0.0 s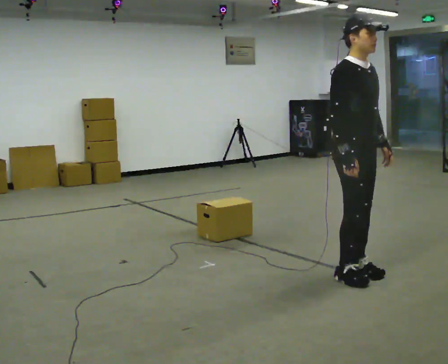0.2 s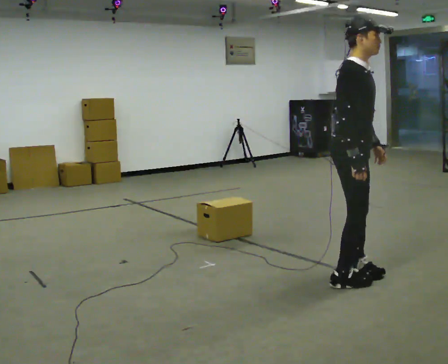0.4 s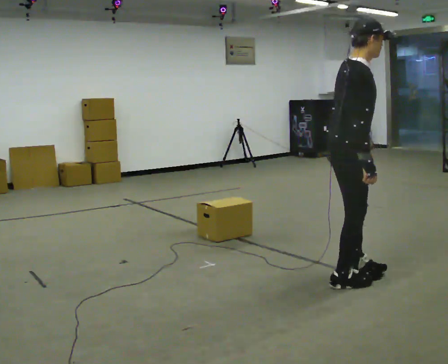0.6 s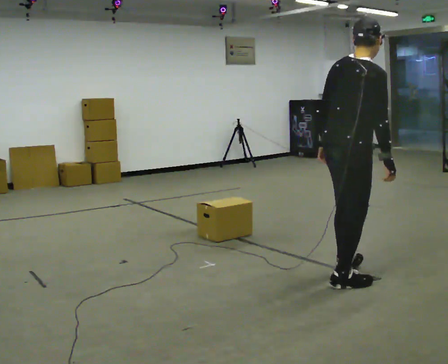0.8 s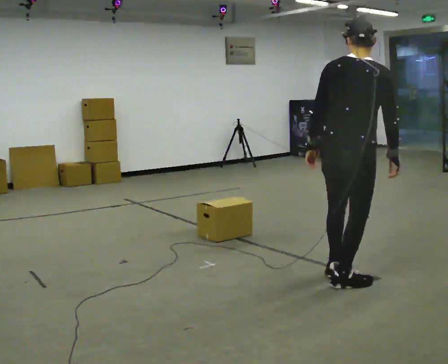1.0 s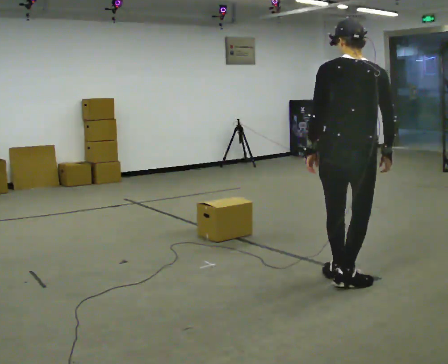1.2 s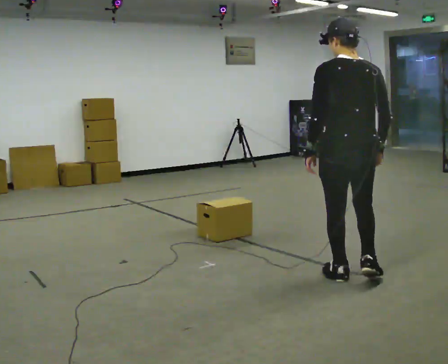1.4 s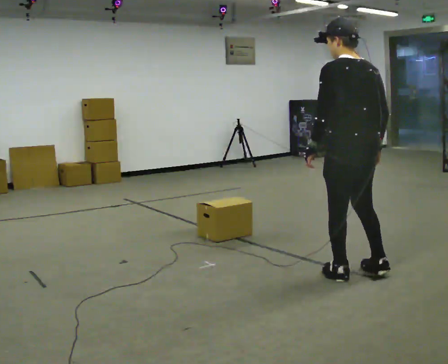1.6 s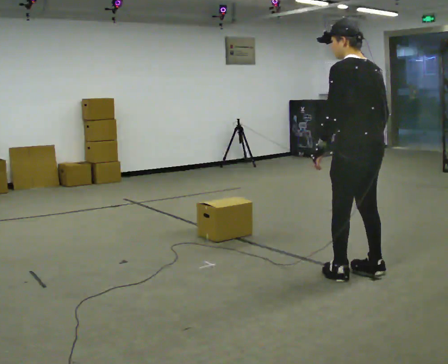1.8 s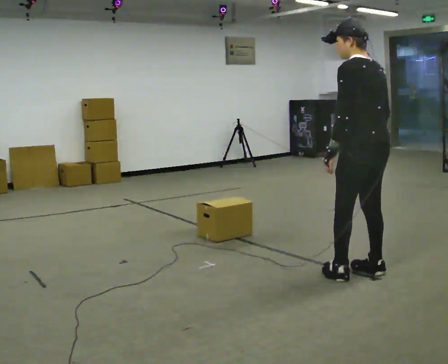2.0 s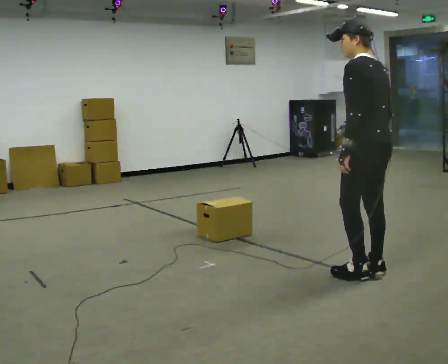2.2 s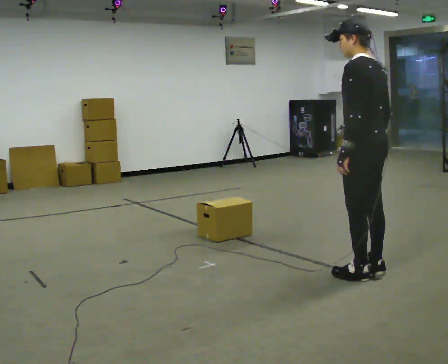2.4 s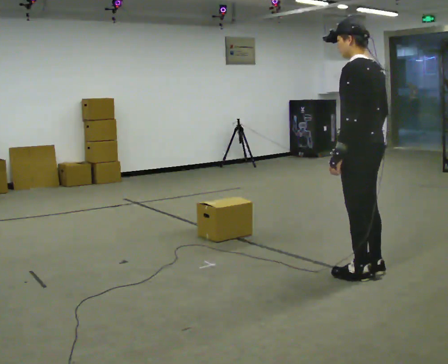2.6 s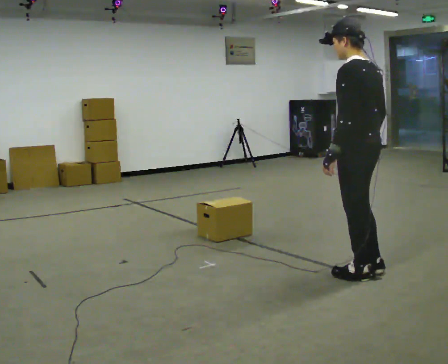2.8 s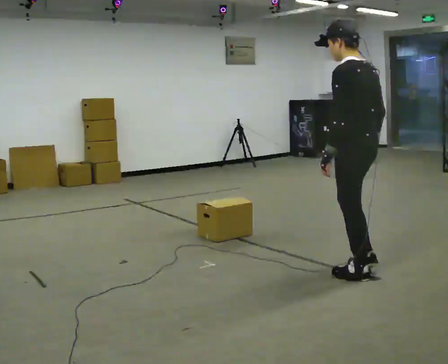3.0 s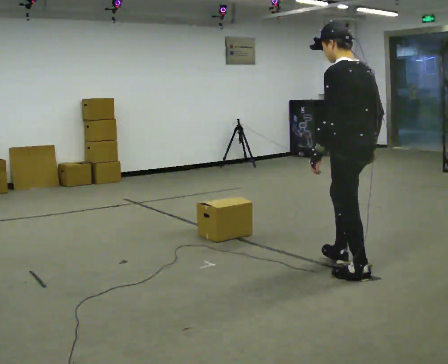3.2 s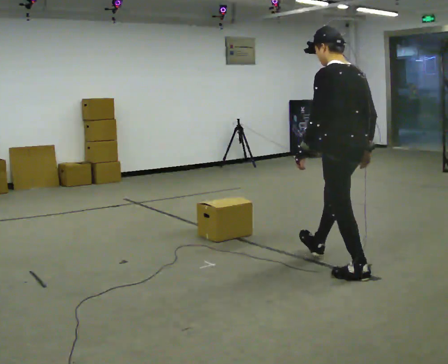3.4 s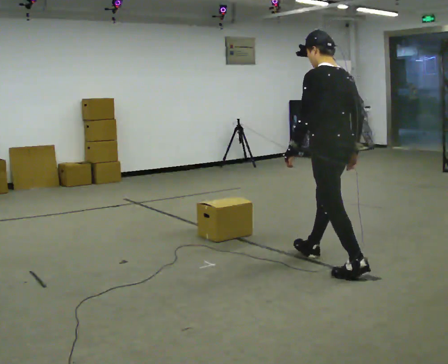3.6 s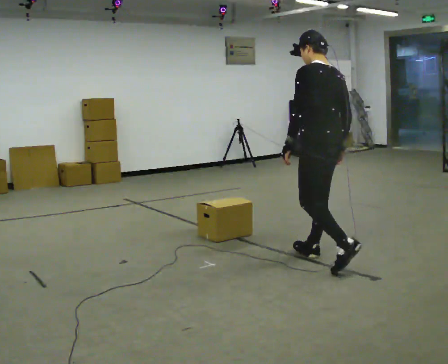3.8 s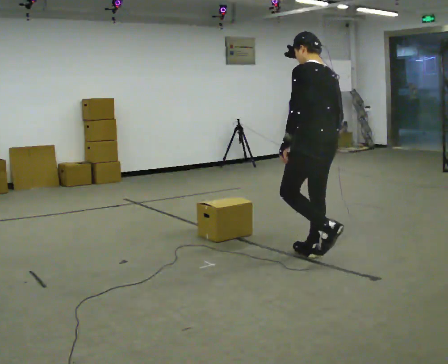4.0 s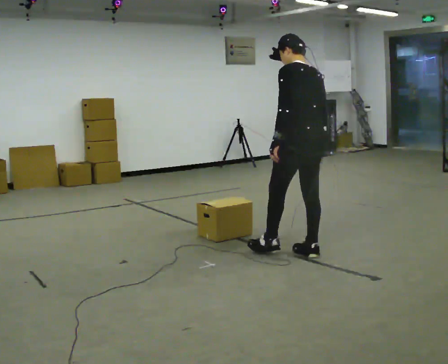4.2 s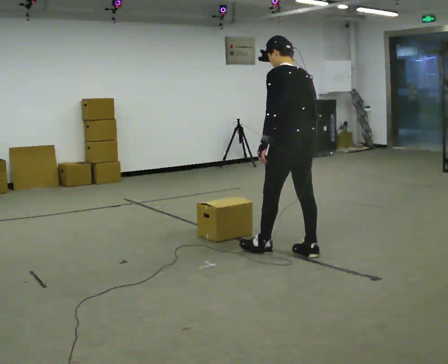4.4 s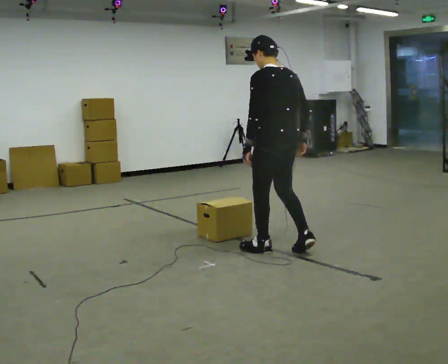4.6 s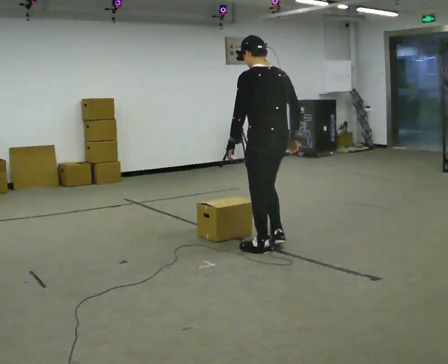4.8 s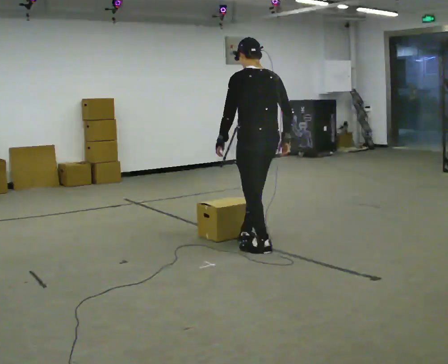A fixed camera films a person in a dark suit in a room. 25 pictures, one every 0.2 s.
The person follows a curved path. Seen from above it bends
counterclockwise.
The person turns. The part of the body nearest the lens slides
to the right.
0.0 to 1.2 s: The part of the body nearest the lens slides to the right as the person turns to their left by about 135 degrees. In the picture their left hand goes to the left, the arm swinging clockwise.
1.2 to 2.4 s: Seen from above the body turns counterclockwise, about 45 degrees: to their left, with its near side sliding to the right.
2.4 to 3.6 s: In the picture they go to the left and away from the camera, about 0.5 m in 1 step, which for them is forward.
3.6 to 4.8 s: In the picture they go to the left and away from the camera, about 0.75 m in 2 steps, which for them is forward.
The film runs forward here.
